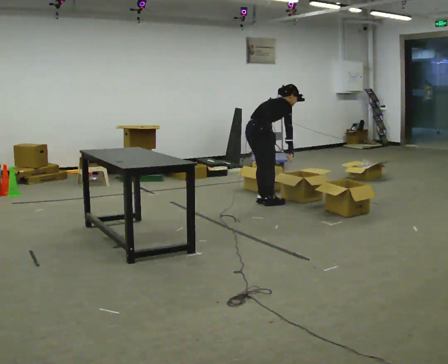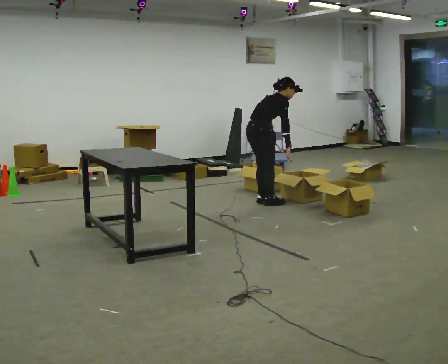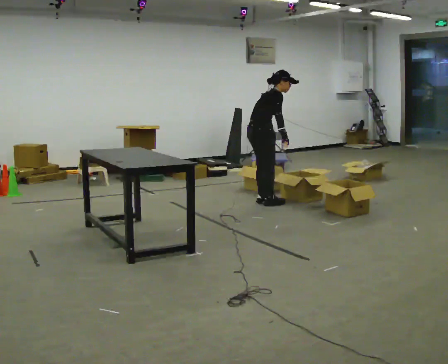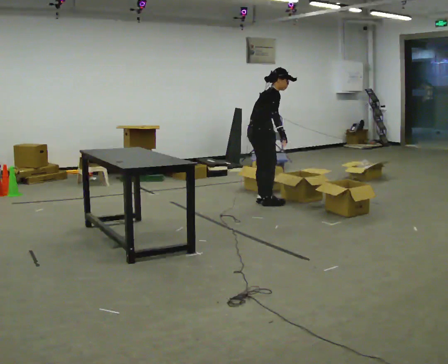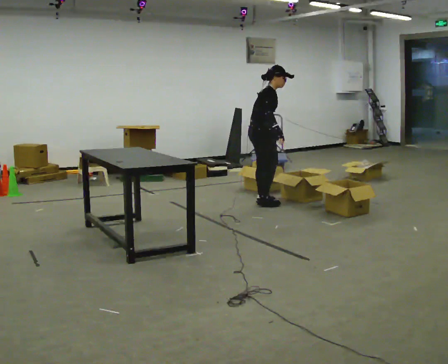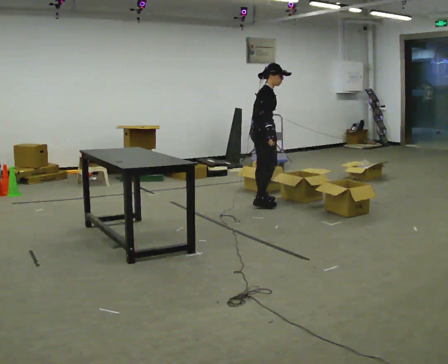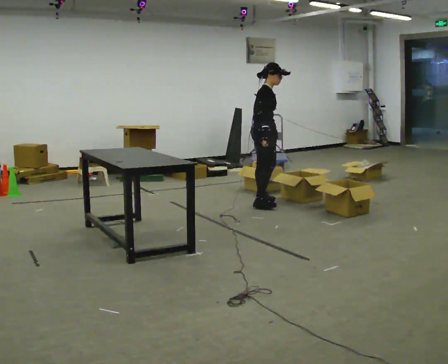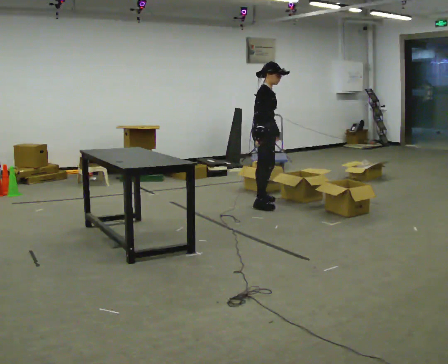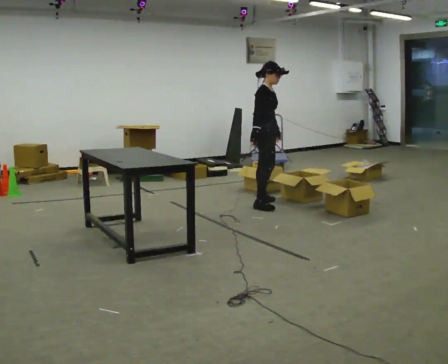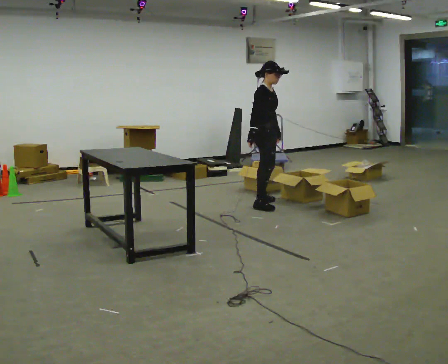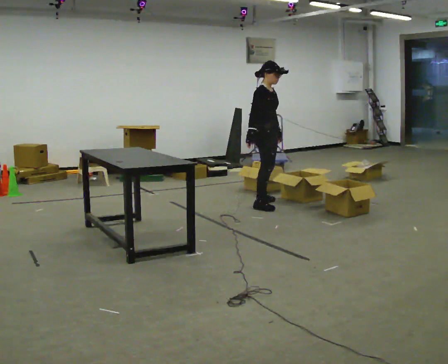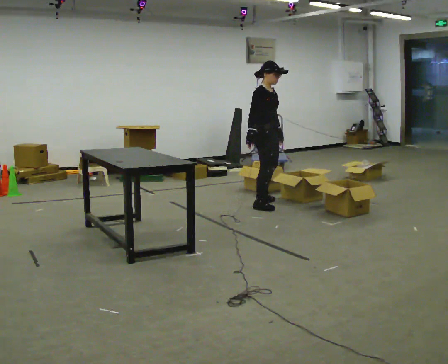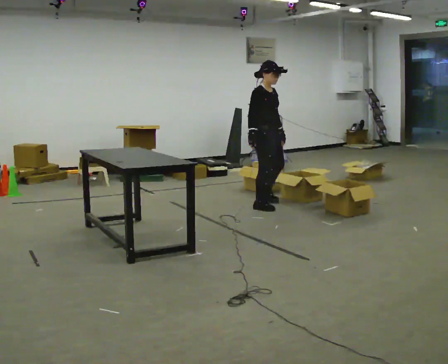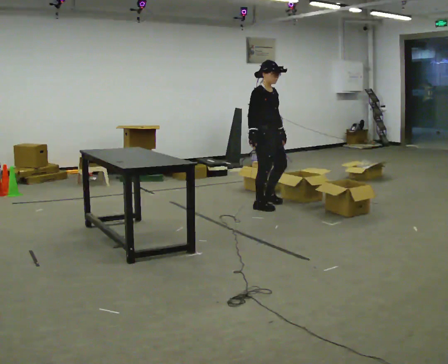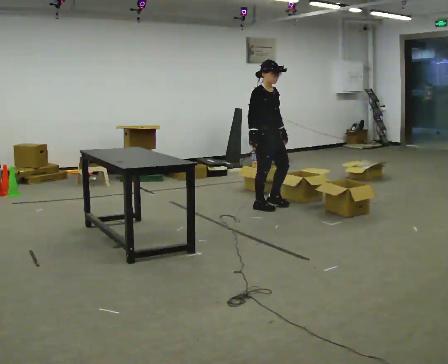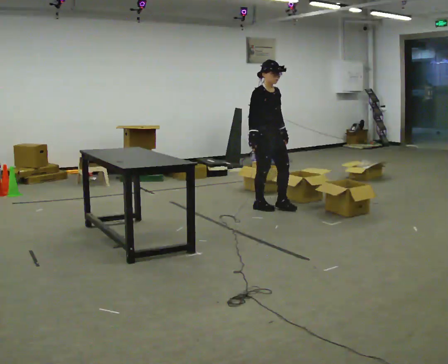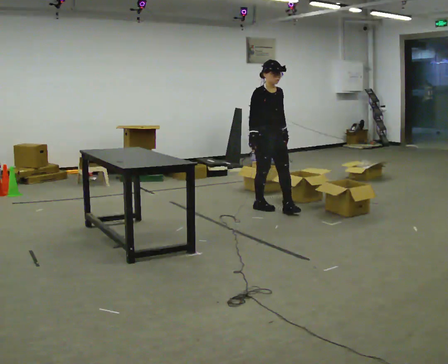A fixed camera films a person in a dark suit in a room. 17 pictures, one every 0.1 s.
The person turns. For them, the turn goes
to their right.
The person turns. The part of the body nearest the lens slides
to the left.
0.0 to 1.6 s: Seen from above the body turns clockwise, about 75 degrees: to their right, with its near side sliding to the left. In the picture they go toward the camera, about 0.25 m. In the picture the upper body tilts counterclockwise, shoulders to the left, as they lean back or straighten.
The film runs forward here.
